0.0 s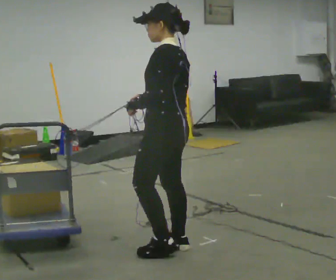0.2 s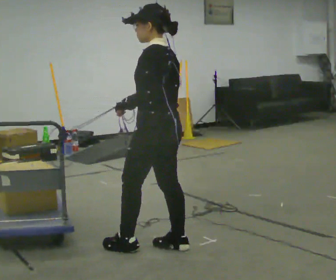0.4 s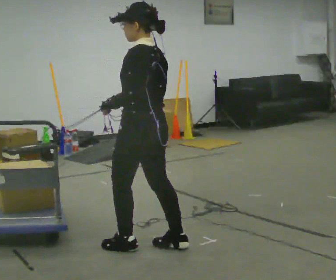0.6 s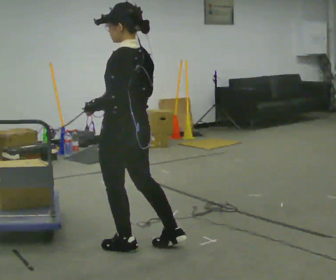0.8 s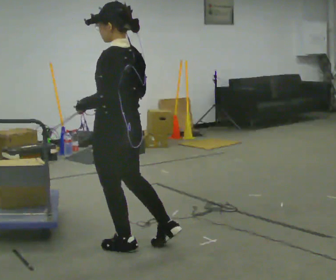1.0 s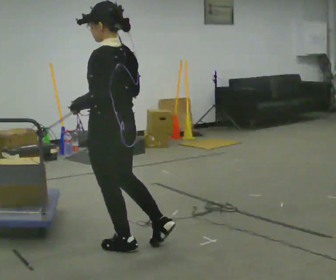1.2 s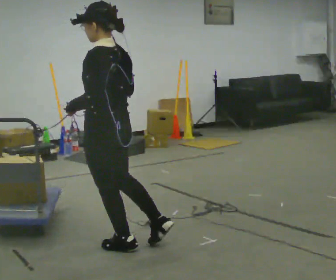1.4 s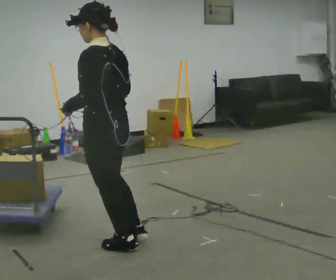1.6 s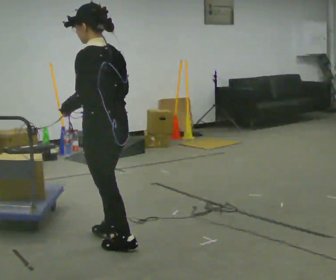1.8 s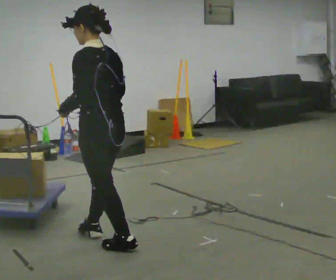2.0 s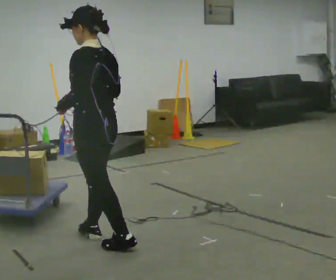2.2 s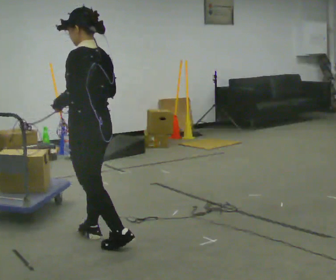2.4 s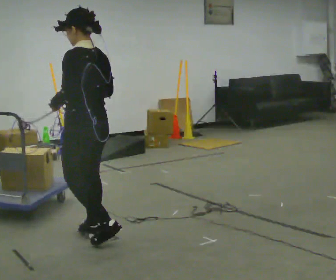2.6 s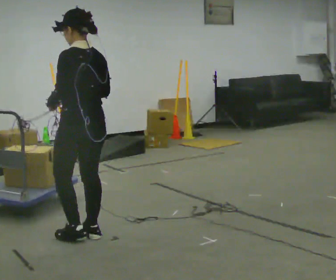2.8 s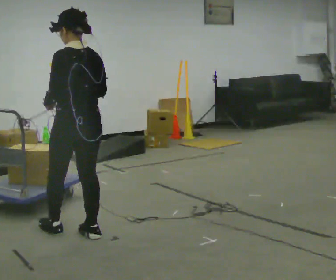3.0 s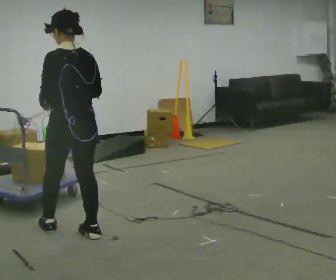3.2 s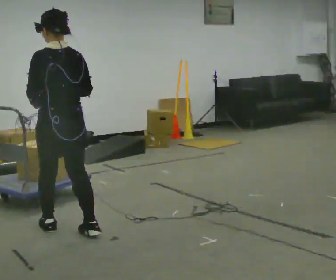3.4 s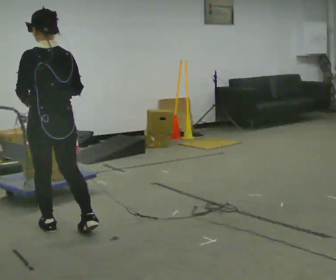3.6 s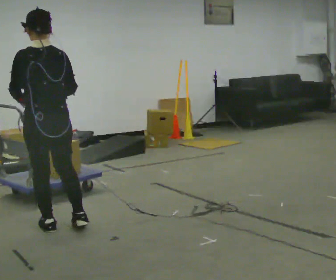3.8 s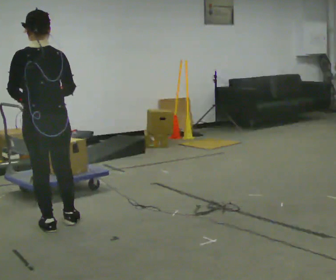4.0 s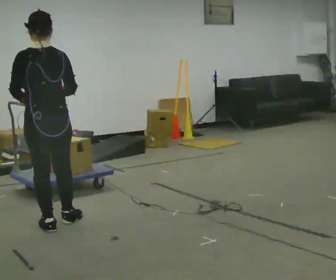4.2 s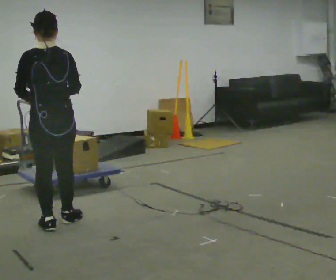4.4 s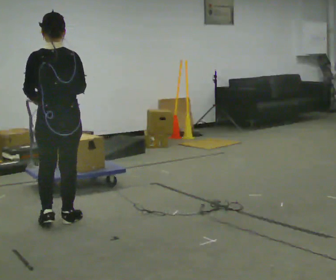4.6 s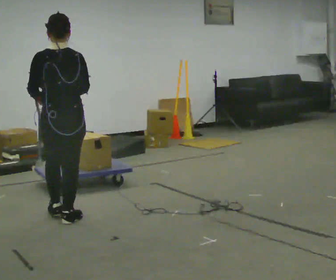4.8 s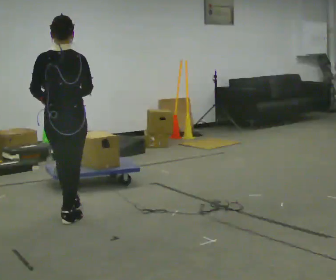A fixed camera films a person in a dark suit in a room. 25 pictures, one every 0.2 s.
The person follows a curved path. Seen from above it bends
clockwise.
0.0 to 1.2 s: In the picture they go to the left, about 0.5 m, which for them is forward and to their left.
1.2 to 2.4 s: In the picture they go away from the camera, about 0.25 m in 2 steps, which for them is forward.
2.4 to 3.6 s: The person turns about 30 degrees to their right, clockwise seen from above, so the part of the body nearest the lens slides to the left. In the picture they go to the left and away from the camera, about 0.25 m in 1 step, which for them is forward and to their left.
3.6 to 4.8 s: In the picture they go away from the camera, about 0.25 m in 1 step, which for them is forward and to their right.
The film runs backward here.
